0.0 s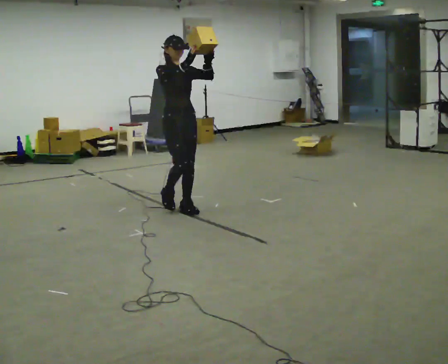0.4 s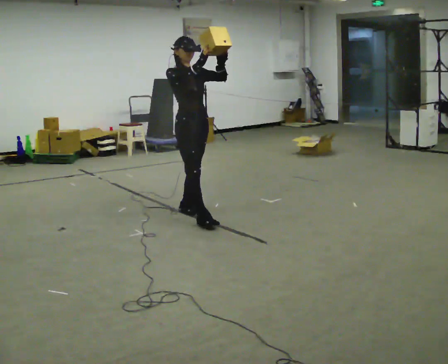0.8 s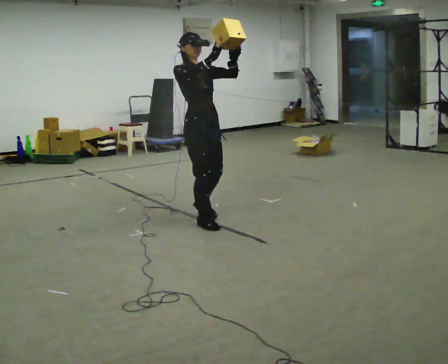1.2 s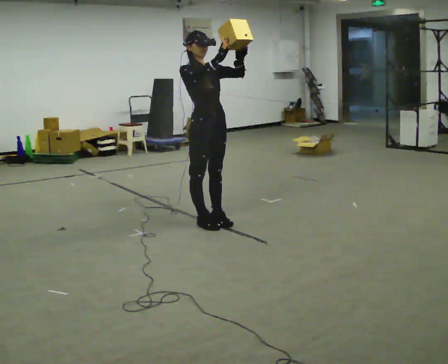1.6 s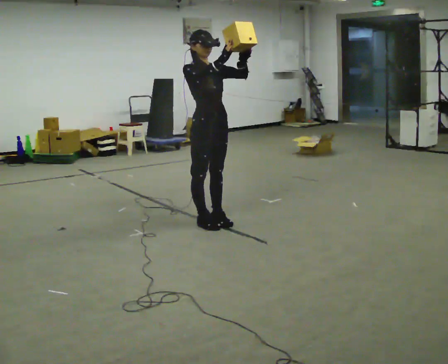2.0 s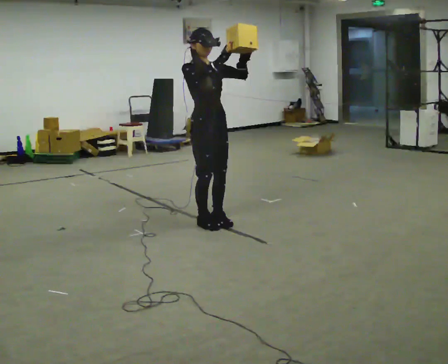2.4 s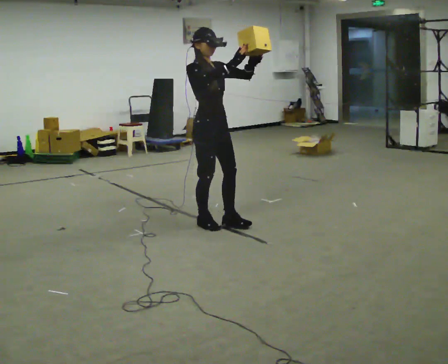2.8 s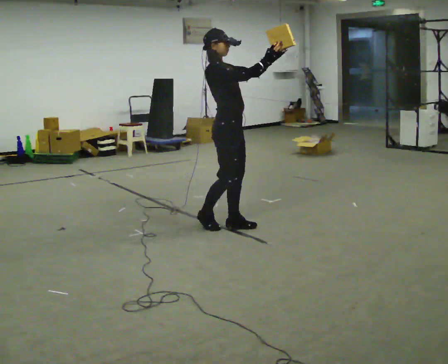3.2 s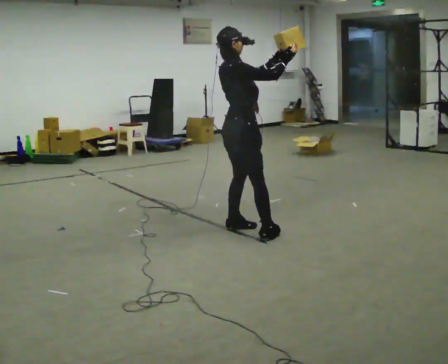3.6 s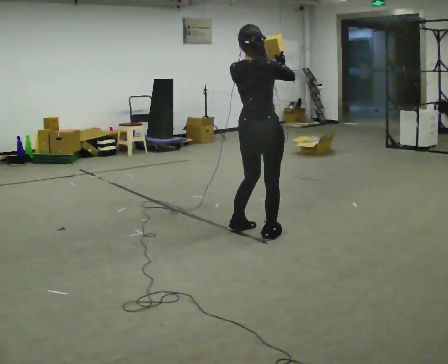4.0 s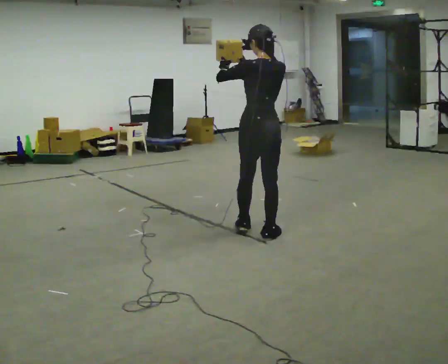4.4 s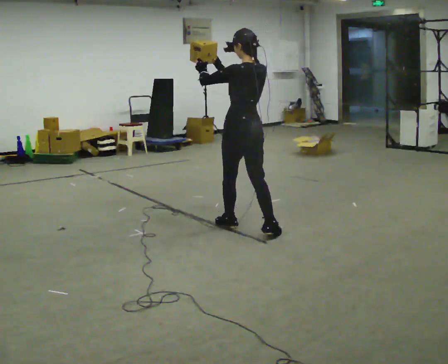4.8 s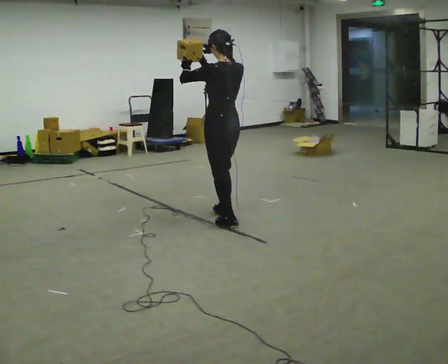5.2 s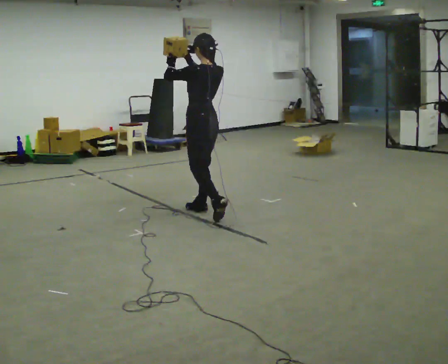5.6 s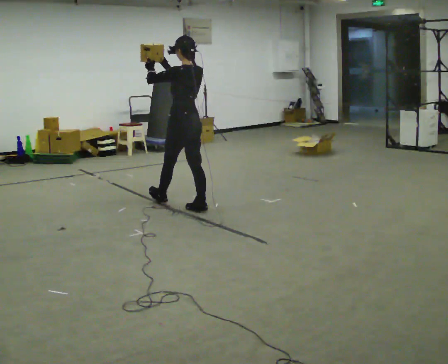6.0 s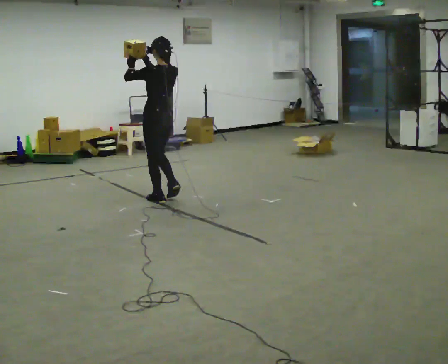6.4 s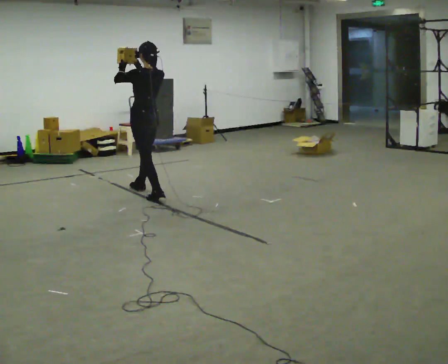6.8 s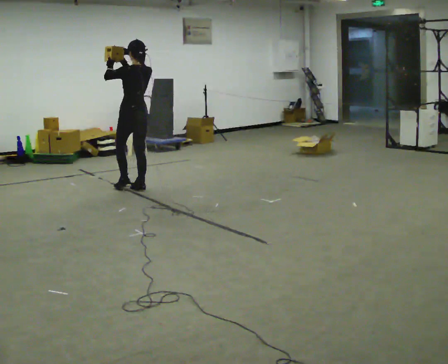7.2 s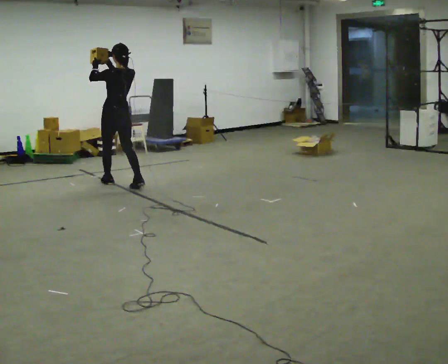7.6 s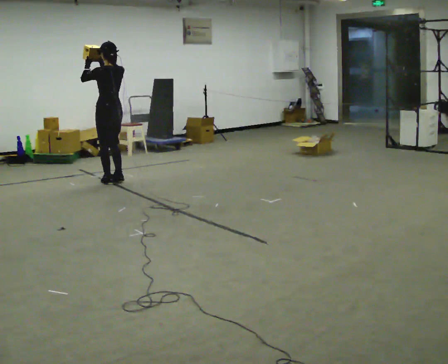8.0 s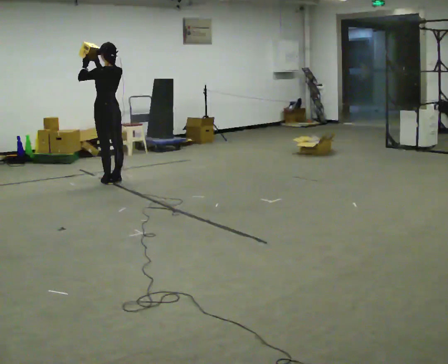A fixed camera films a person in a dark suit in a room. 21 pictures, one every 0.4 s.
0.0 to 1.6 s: In the picture they go to the right and toward the camera, about 0.5 m in 2 steps, which for them is forward.
1.6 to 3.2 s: Seen from above the body turns counterclockwise, about 75 degrees: to their left, with its near side sliding to the right. In the picture they go to the right, about 0.25 m in 1 step.
3.2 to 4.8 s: Seen from above the body turns counterclockwise, about 105 degrees: to their left, with its near side sliding to the right. In the picture they go to the left, about 0.25 m in 3 steps.
4.8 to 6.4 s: In the picture they go to the left, about 1.5 m in 3 steps, which for them is forward.
6.4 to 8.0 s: In the picture they go to the left, about 0.5 m in 2 steps, which for them is forward.
The film runs forward here.
